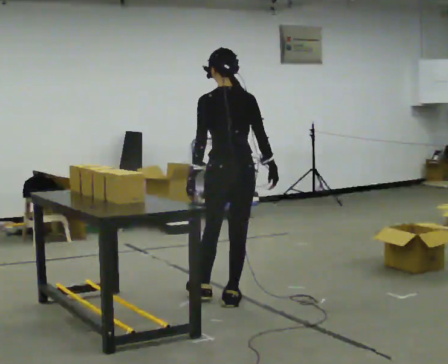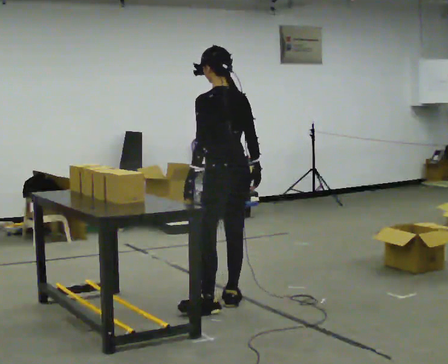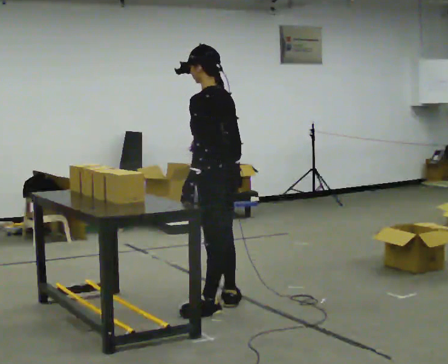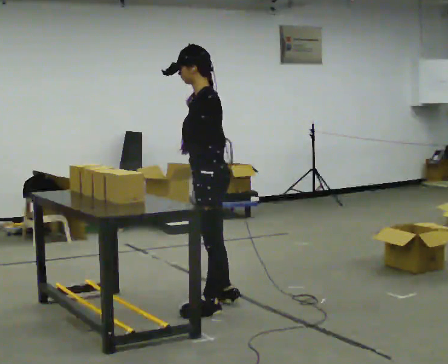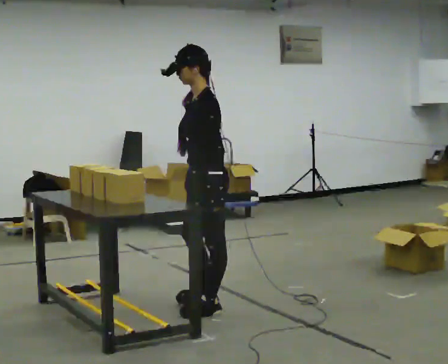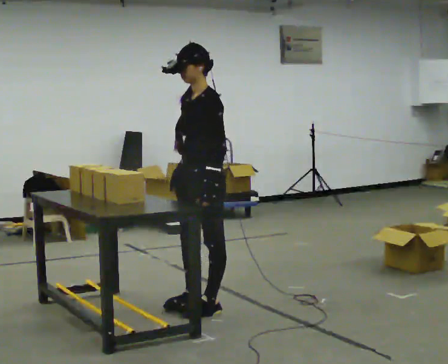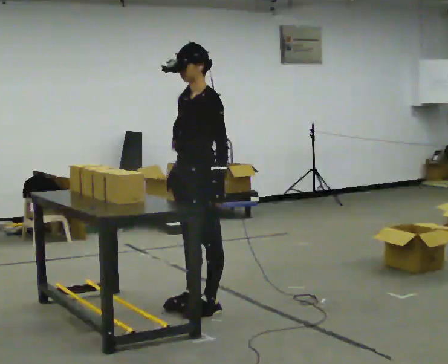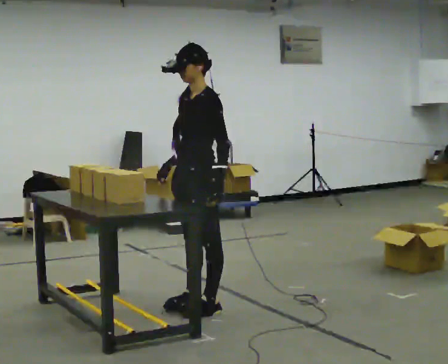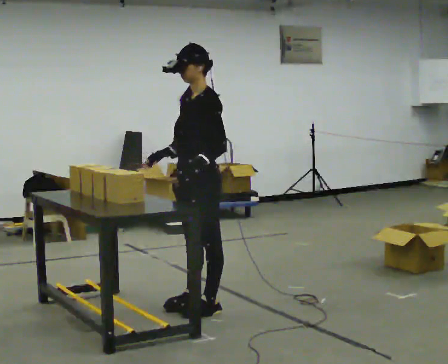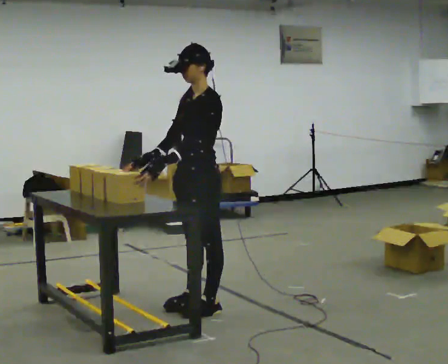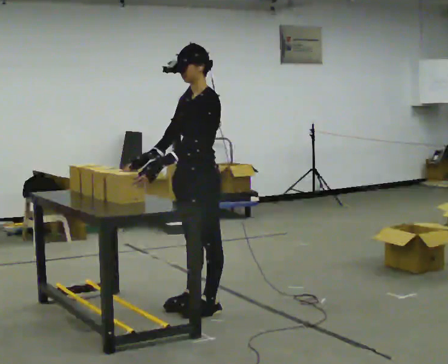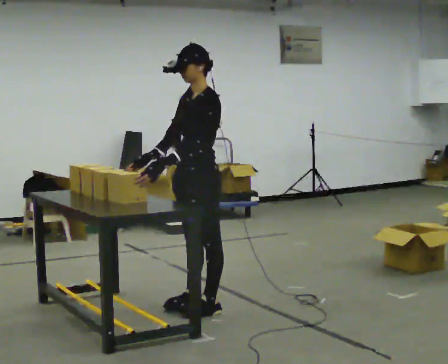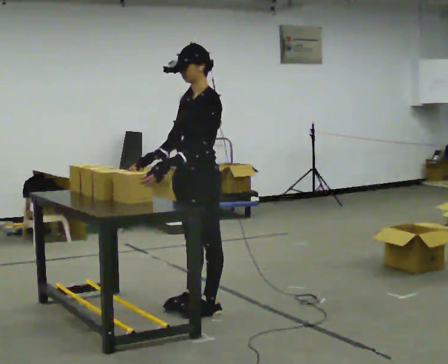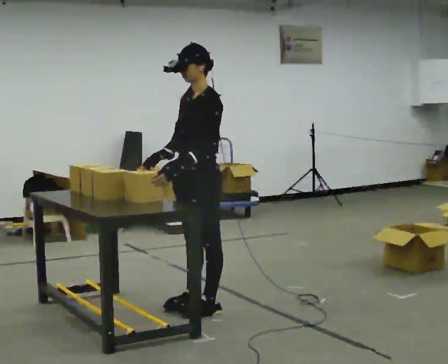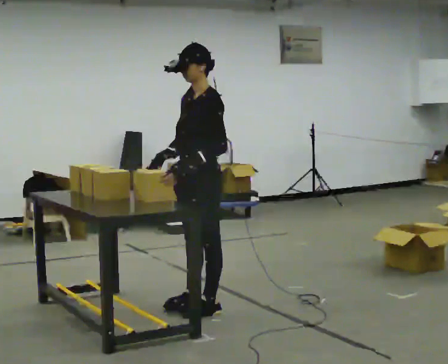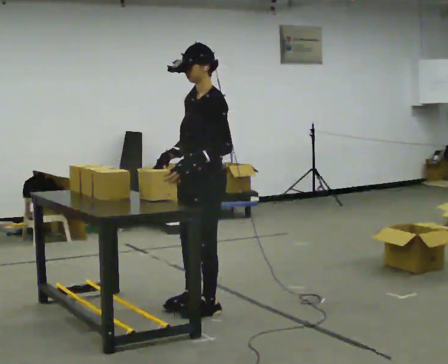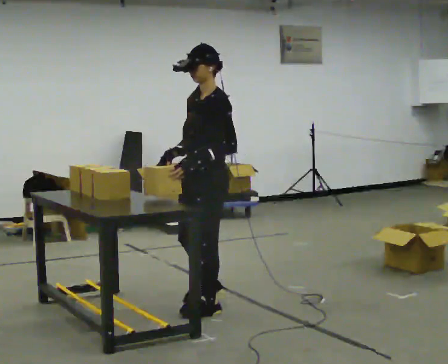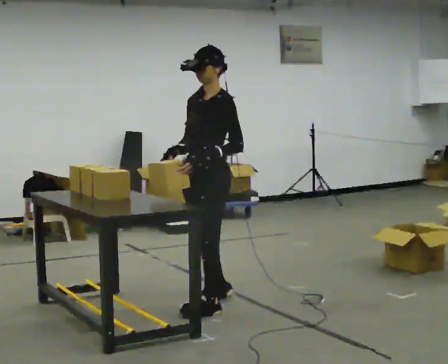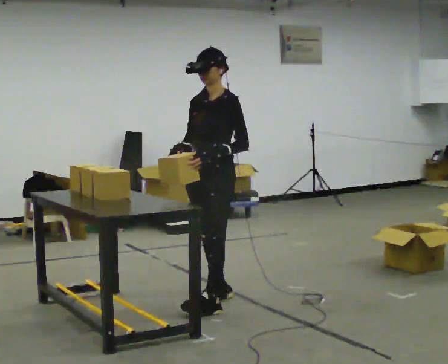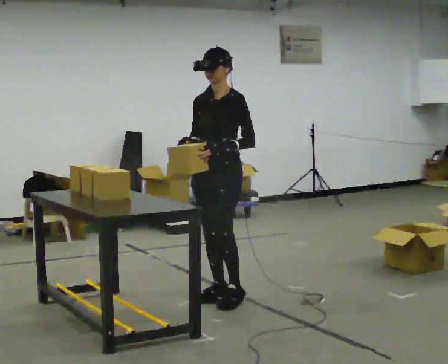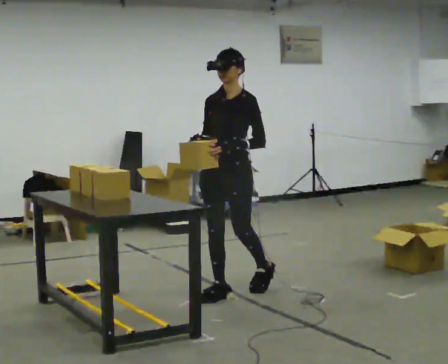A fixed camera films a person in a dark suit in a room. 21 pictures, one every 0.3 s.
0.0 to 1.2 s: The part of the body nearest the lens slides to the right as the person turns to their left by about 75 degrees. In the picture they go toward the camera, about 0.25 m in 1 step. In the picture their right hand goes to the left.
1.2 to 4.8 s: Seen from above the body turns counterclockwise, about 30 degrees: to their left, with its near side sliding to the right.
4.8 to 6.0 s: The part of the body nearest the lens slides to the right as the person turns to their left by about 30 degrees. In the picture they go away from the camera, about 0.5 m in 1 step, which for them is backward and to their right.
The film runs backward here.
